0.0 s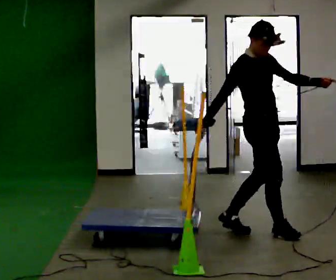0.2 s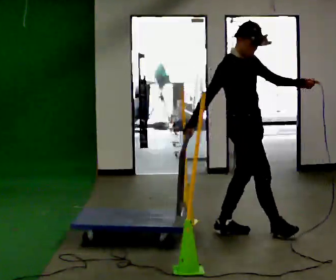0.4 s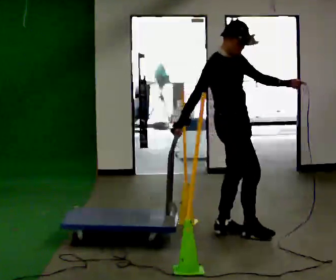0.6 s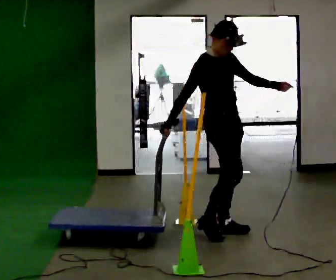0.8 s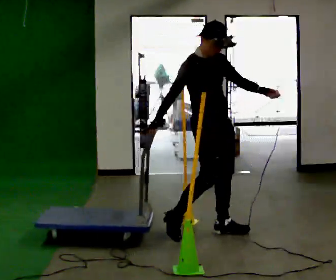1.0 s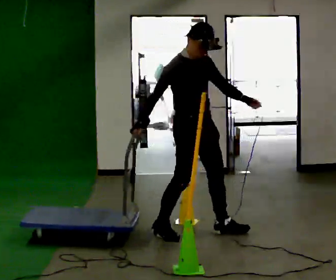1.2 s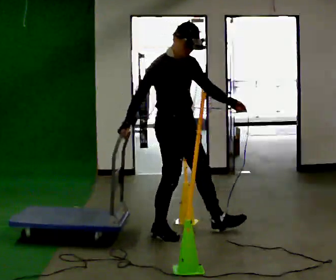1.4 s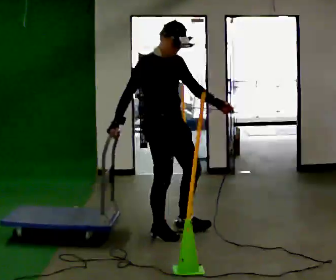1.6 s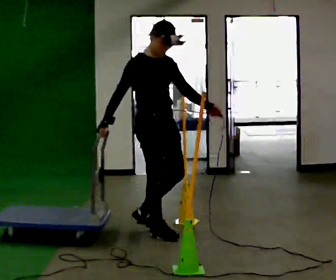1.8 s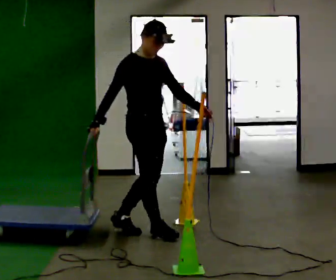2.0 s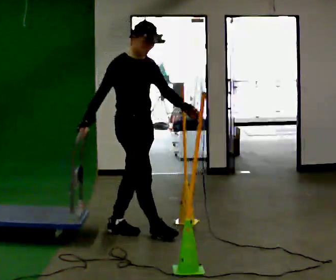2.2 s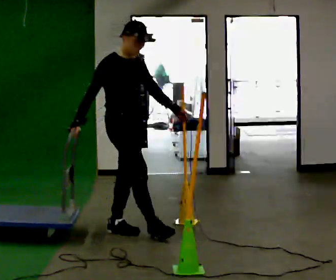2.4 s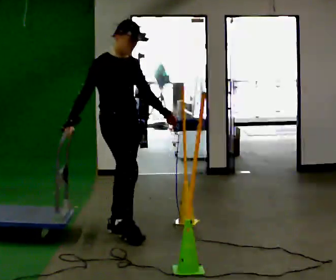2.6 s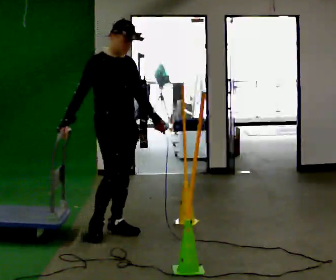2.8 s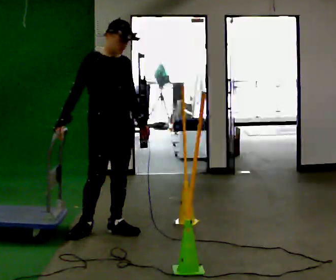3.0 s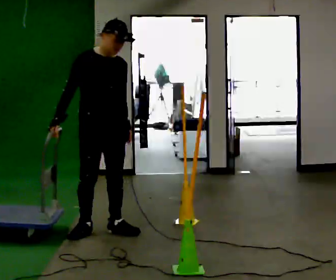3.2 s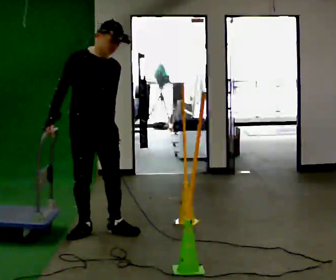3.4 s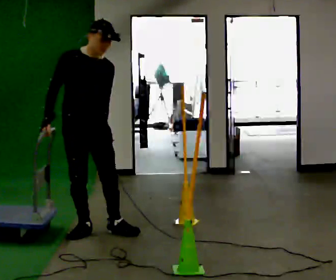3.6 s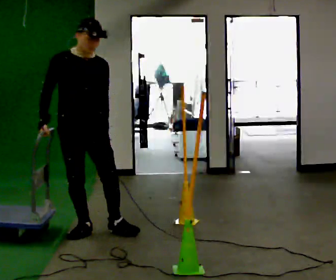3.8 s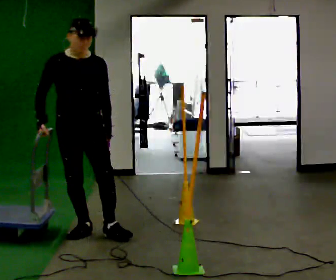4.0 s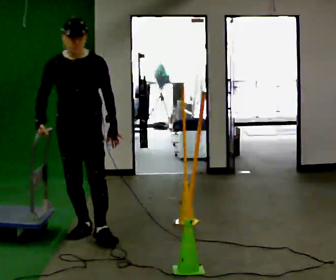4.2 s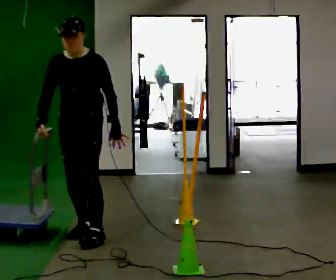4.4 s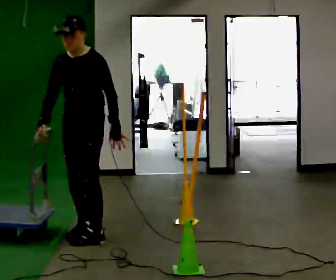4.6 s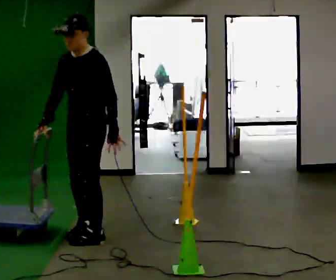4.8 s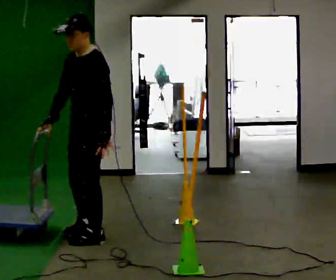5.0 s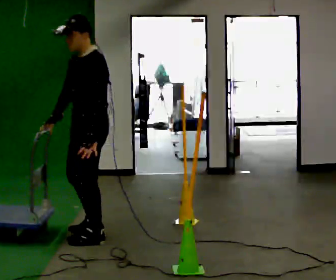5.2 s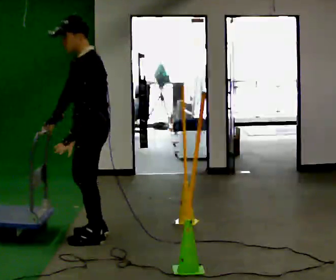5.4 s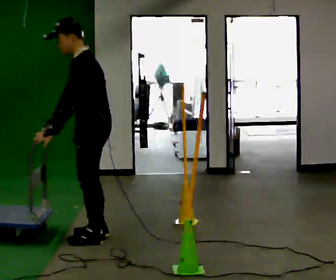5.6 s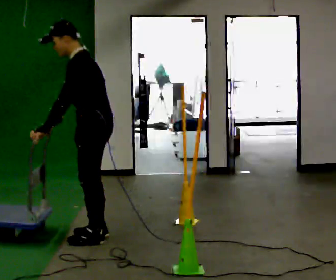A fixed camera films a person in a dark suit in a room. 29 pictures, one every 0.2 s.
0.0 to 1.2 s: In the picture they go to the left, about 0.75 m in 1 step, which for them is backward and to their right.
1.2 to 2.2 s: In the picture they go to the left, about 0.5 m in 2 steps, which for them is backward.
2.2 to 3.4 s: Seen from above the body turns clockwise, about 30 degrees: to their right, with its near side sliding to the left. In the picture they go to the left, about 0.25 m, which for them is to their right and backward.
3.4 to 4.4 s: The part of the body nearest the lens slides to the left as the person turns to their right by about 60 degrees.
4.4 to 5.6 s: The part of the body nearest the lens slides to the left as the person turns to their right by about 60 degrees. In the picture their left hand goes to the left, the arm swinging clockwise.
The film runs backward here.
